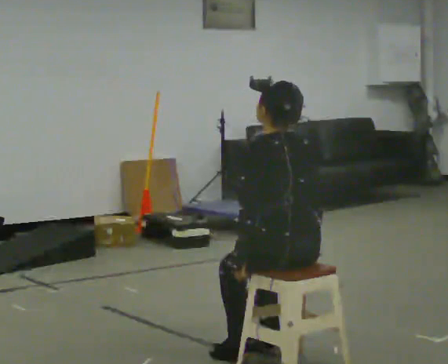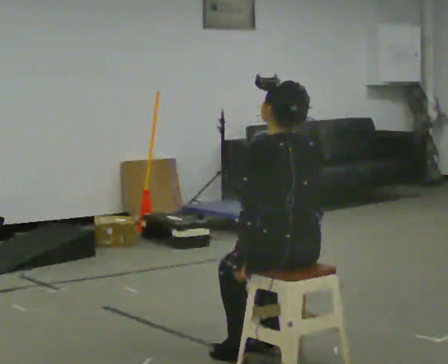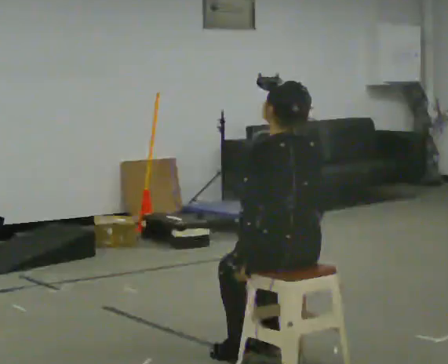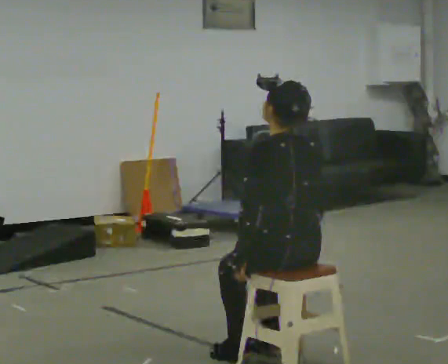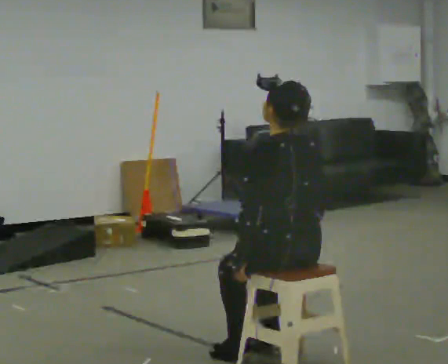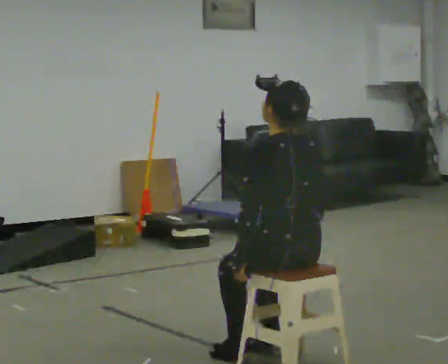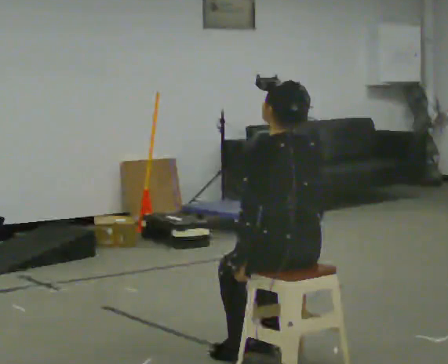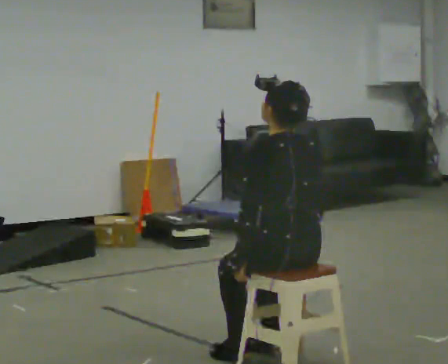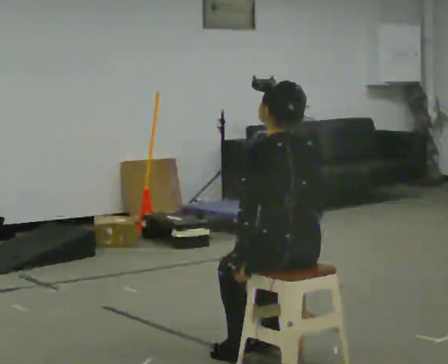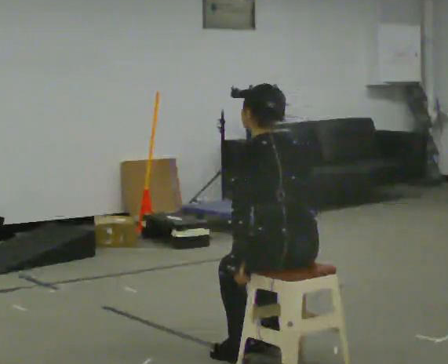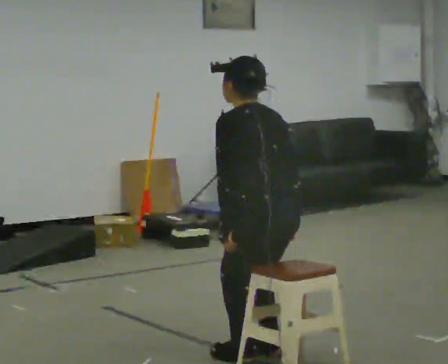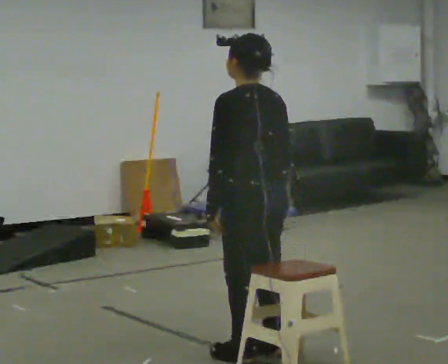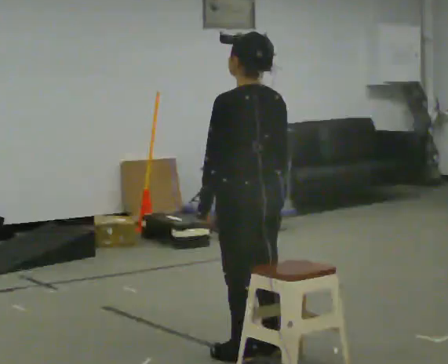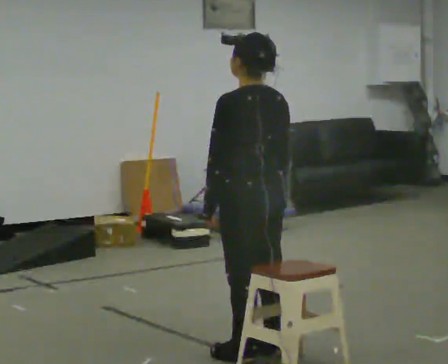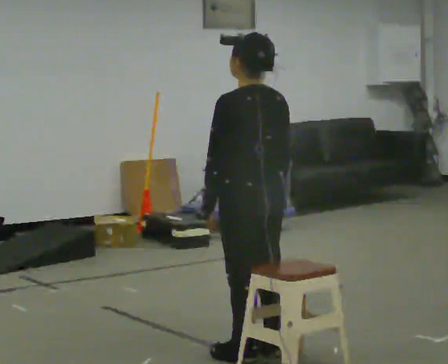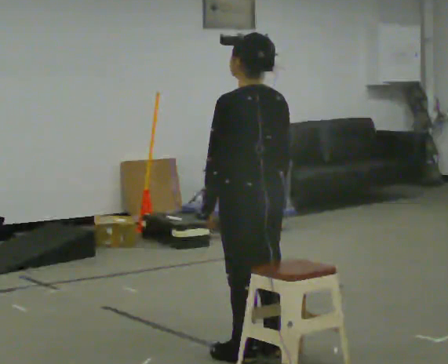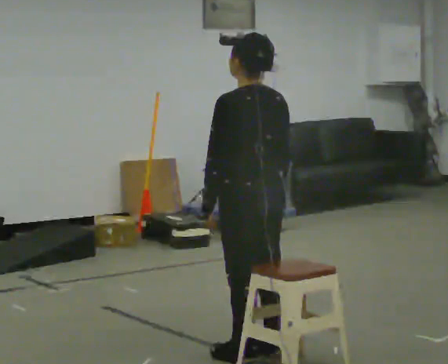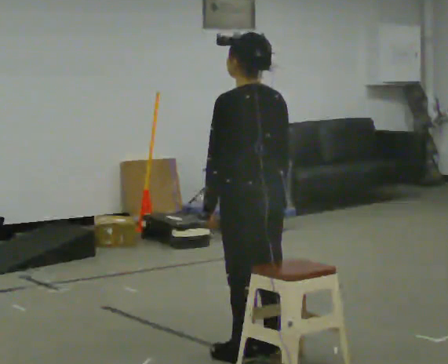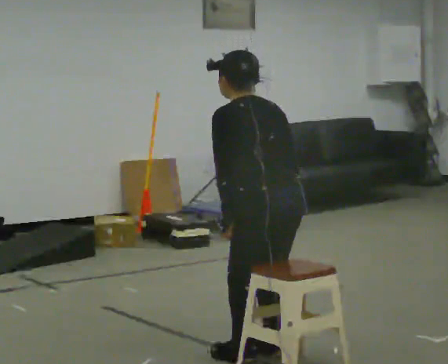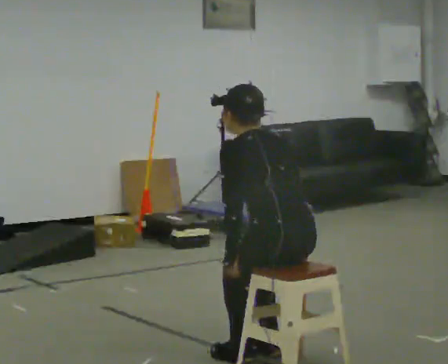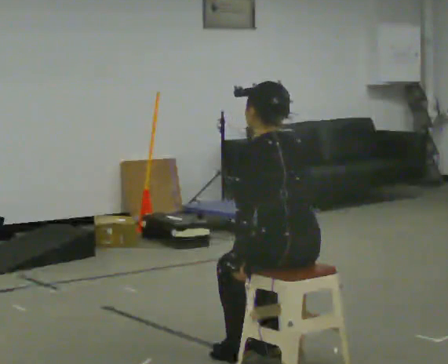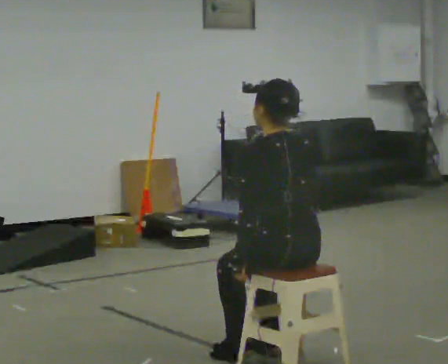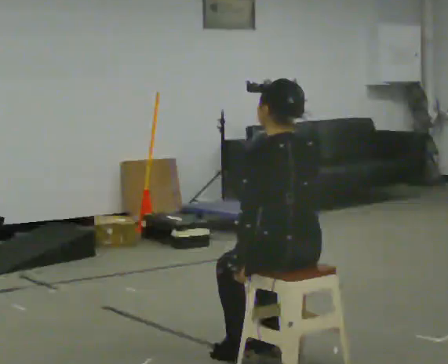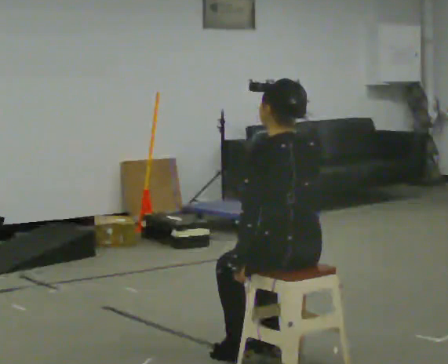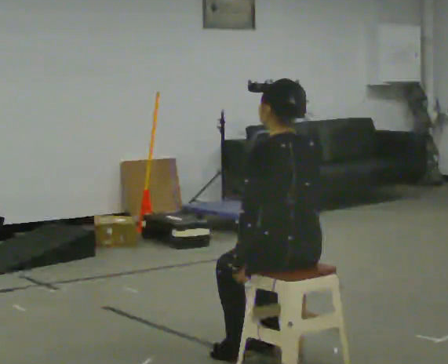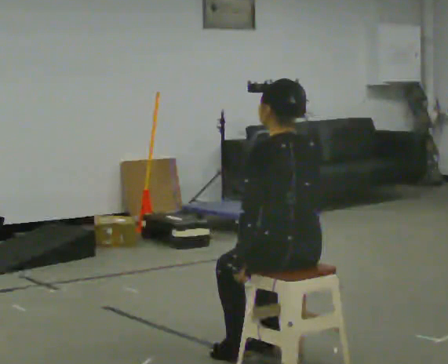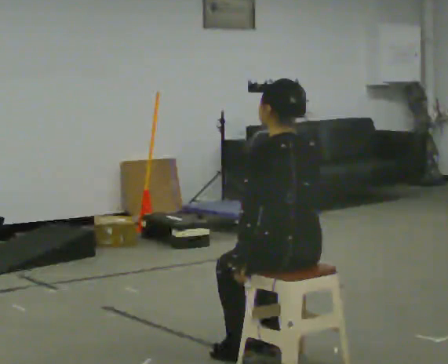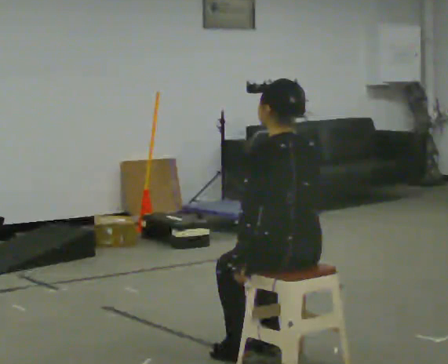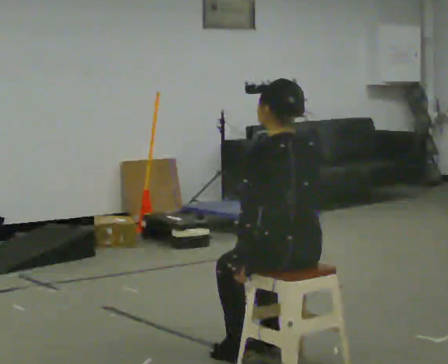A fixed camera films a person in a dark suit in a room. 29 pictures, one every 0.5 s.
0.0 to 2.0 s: The person moves a little, or ends about where they began.
2.0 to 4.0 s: The person keeps their place and pose.
4.0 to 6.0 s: In the picture they go away from the camera and to the left, about 0.25 m, which for them is forward. The upper body goes upward.
6.0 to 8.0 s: The person moves a little, or ends about where they began.
8.0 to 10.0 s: In the picture they go toward the camera and to the right, about 0.25 m, which for them is backward. The upper body goes downward.
10.0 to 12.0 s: The person moves a little, or ends about where they began.
12.0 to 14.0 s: The person keeps their place and pose.
The film runs forward here.
